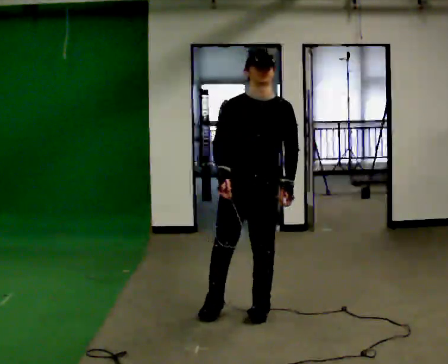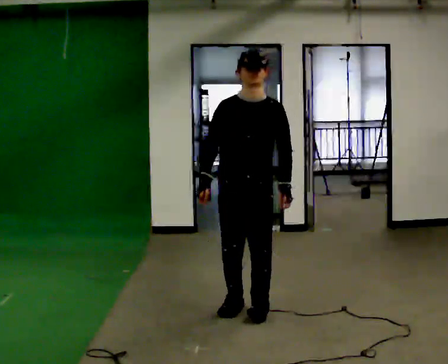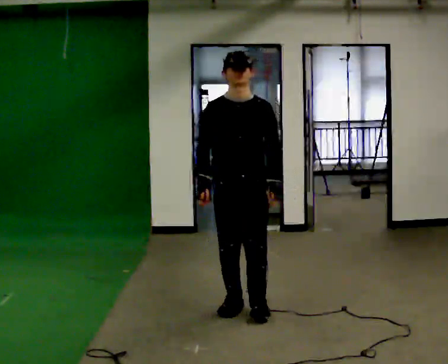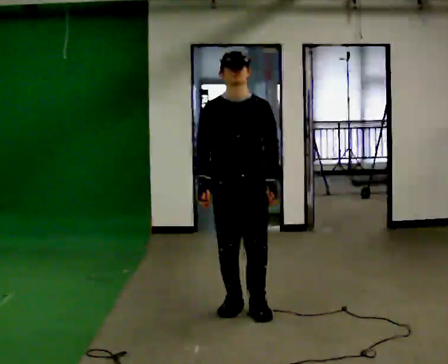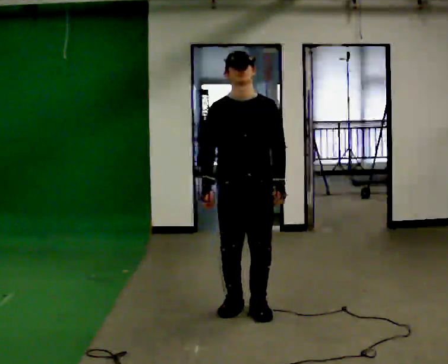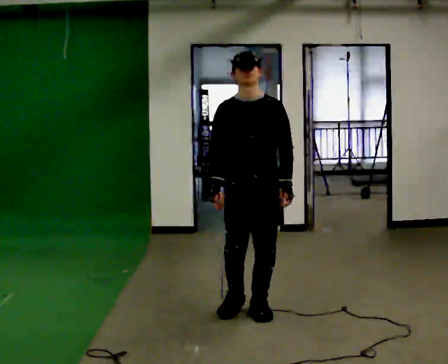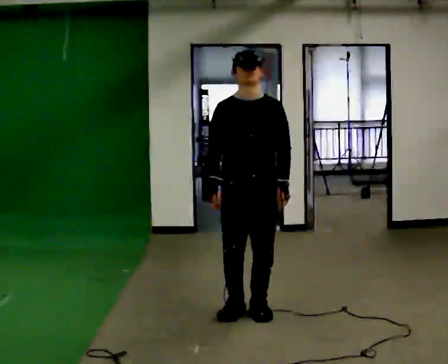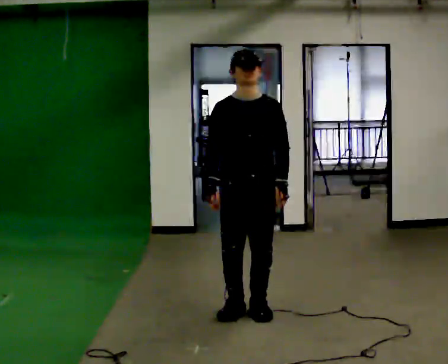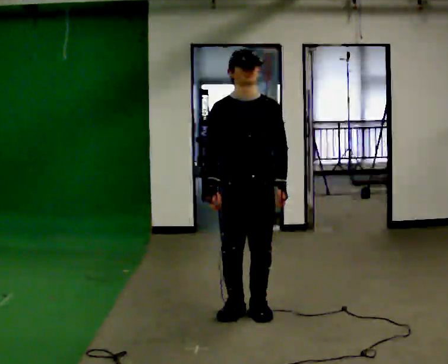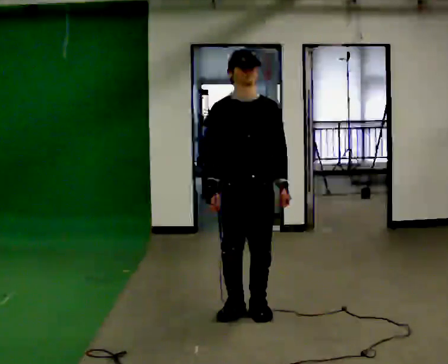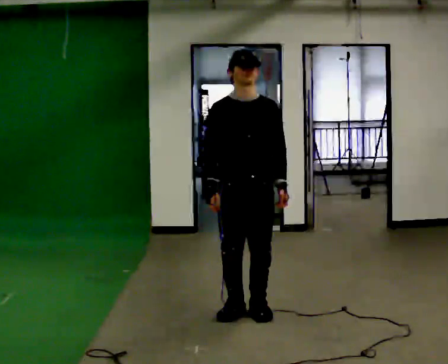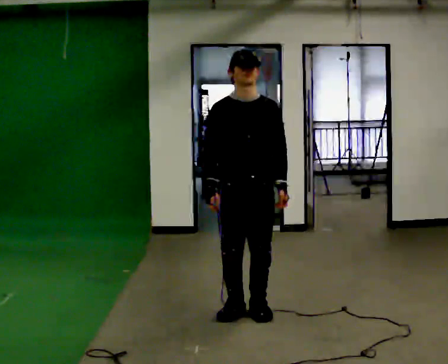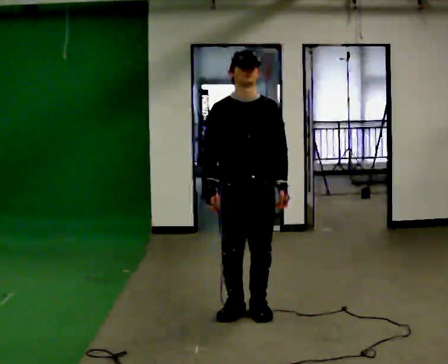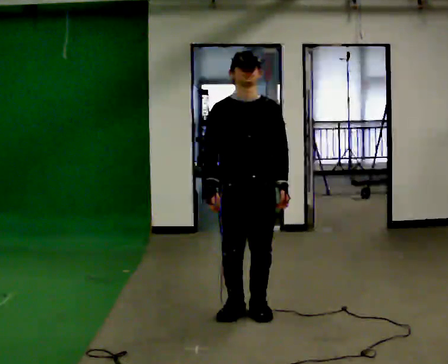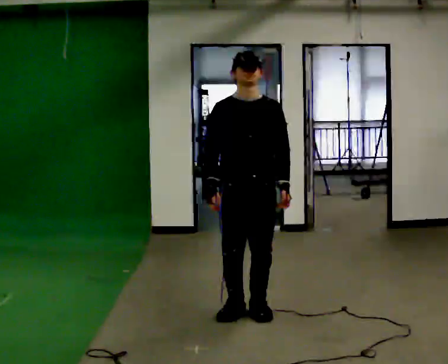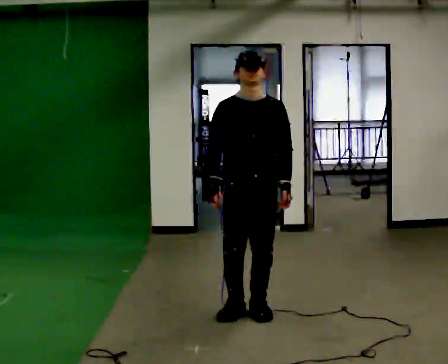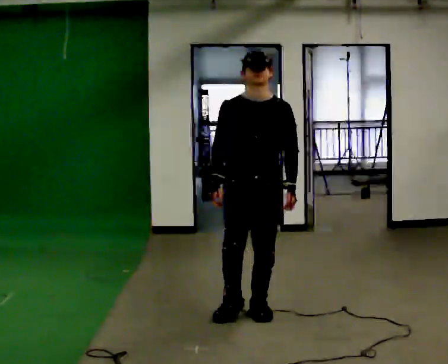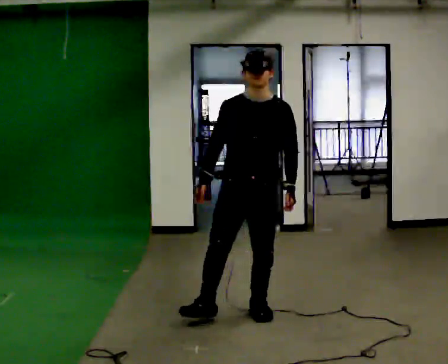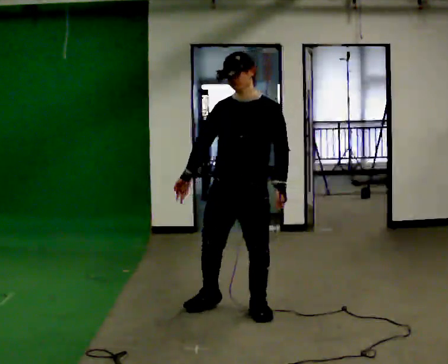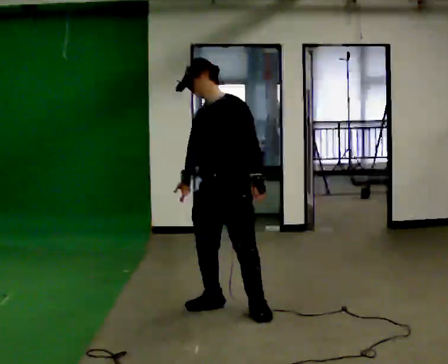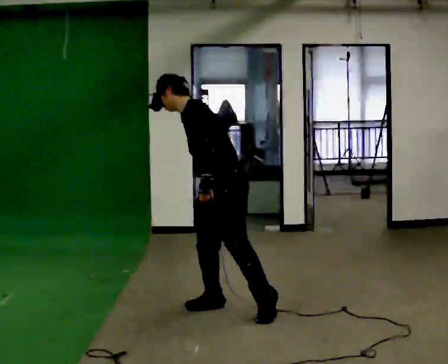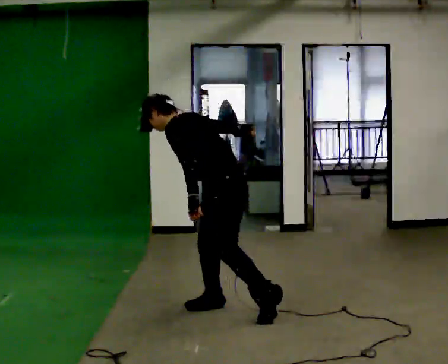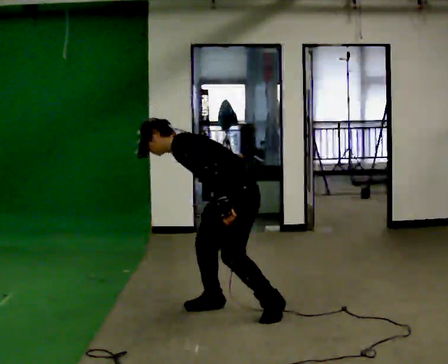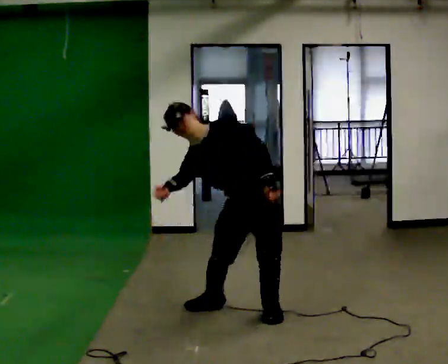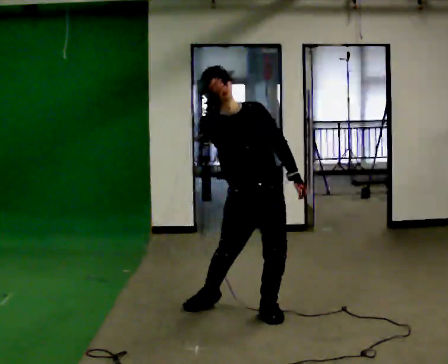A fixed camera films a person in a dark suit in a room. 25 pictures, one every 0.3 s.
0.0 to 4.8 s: The person moves a little, or ends about where they began.
4.8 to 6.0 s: The person turns about 75 degrees to their right, clockwise seen from above, so the part of the body nearest the lens slides to the left. In the picture they go to the left, about 0.25 m in 1 step. In the picture the upper body tilts counterclockwise, shoulders to the left.
6.0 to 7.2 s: Seen from above the body turns counterclockwise, about 75 degrees: to their left, with its near side sliding to the right. In the picture they go to the right, about 0.25 m. The upper body tips toward the camera, its near side rolling downward. In the picture their right hand goes upward.
The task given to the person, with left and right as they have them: Mime a bowling delivery with no ball: approach in place, swing down and release. Repeat the movement at your own pace until the operator says stop; do not rush.
The film runs forward here.
